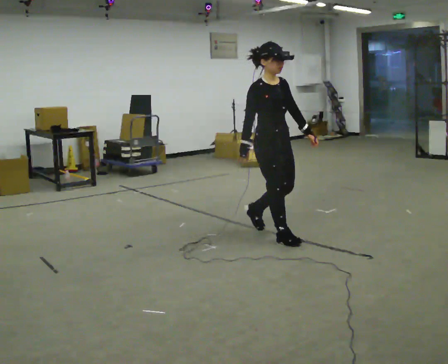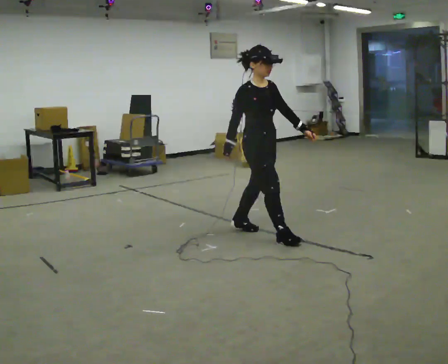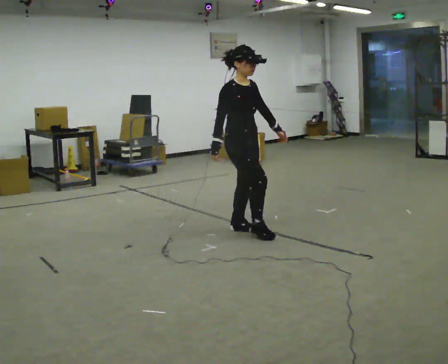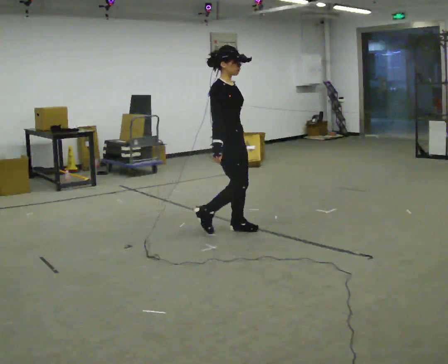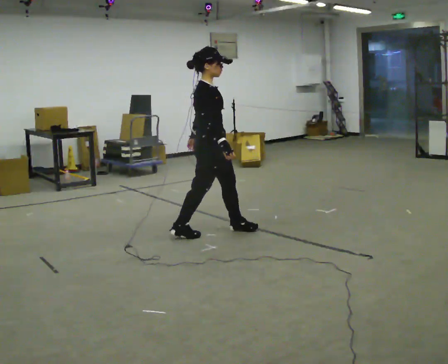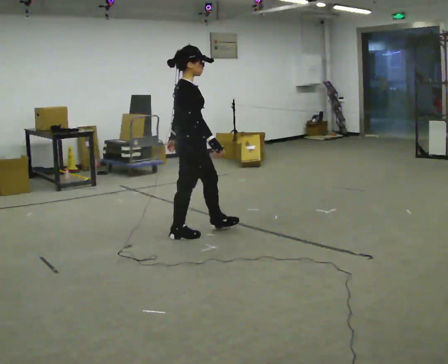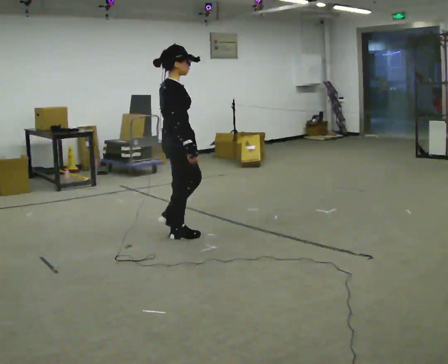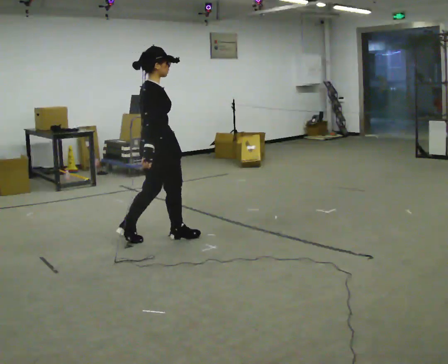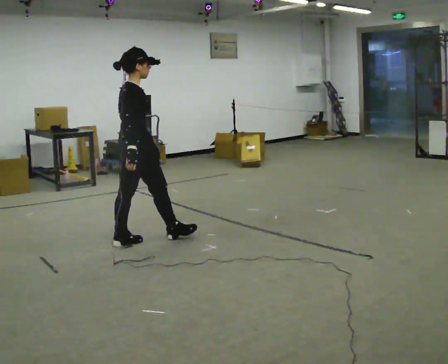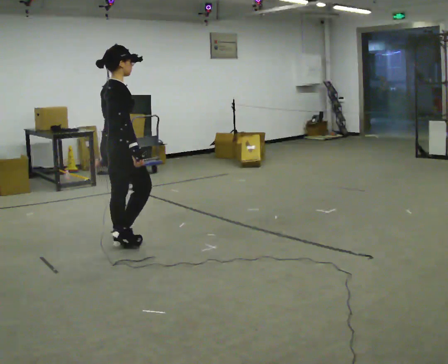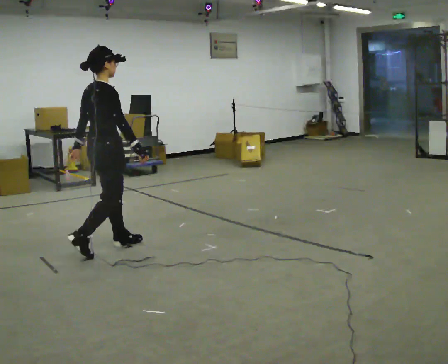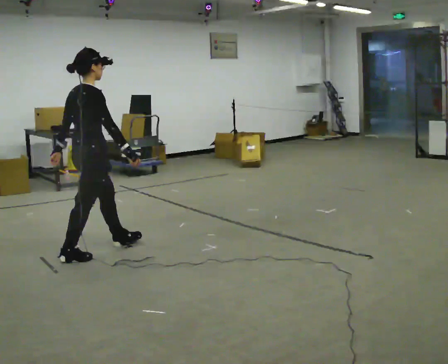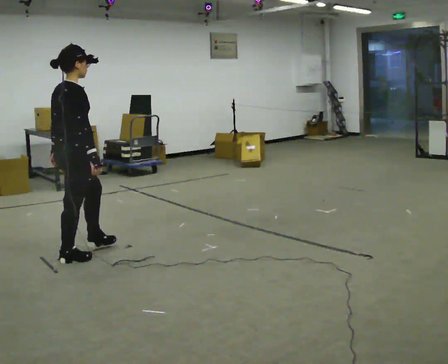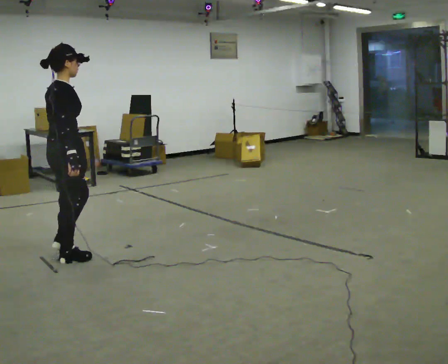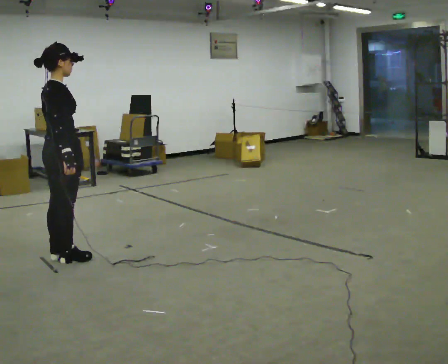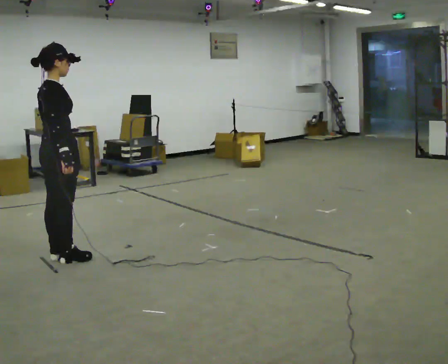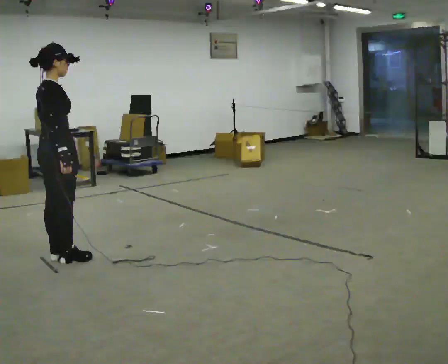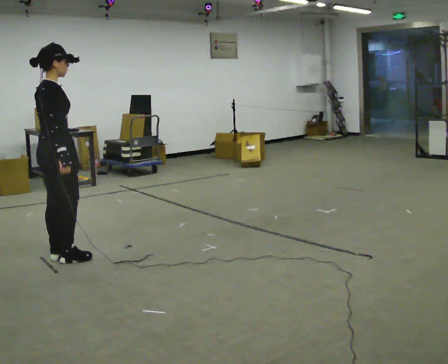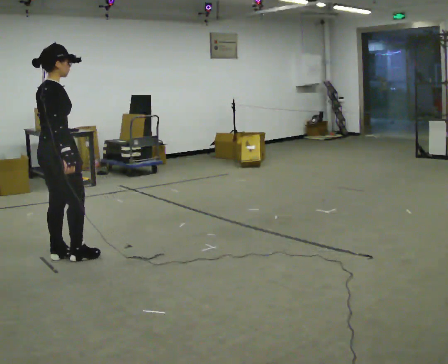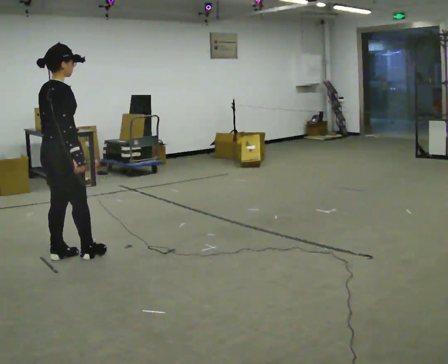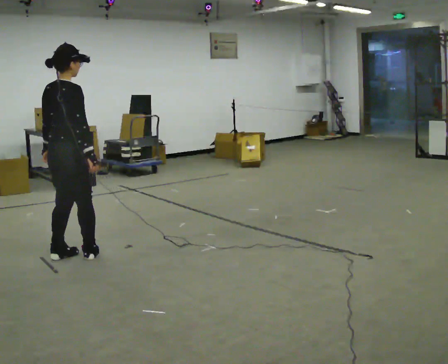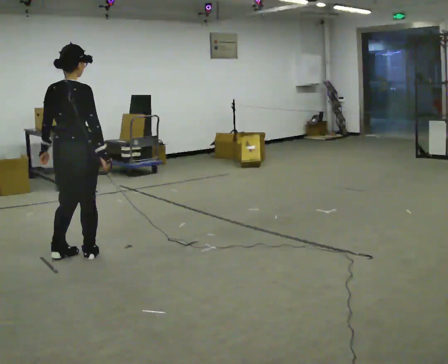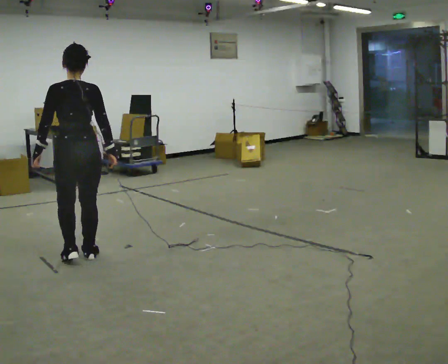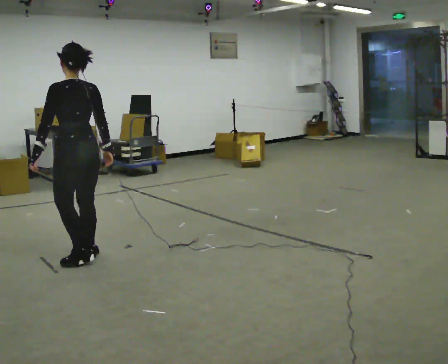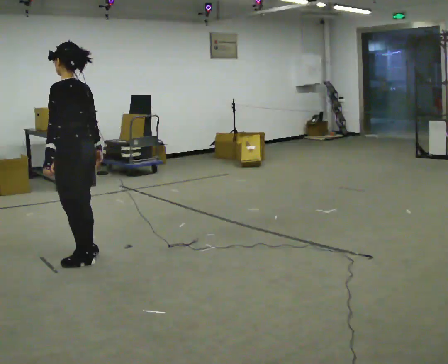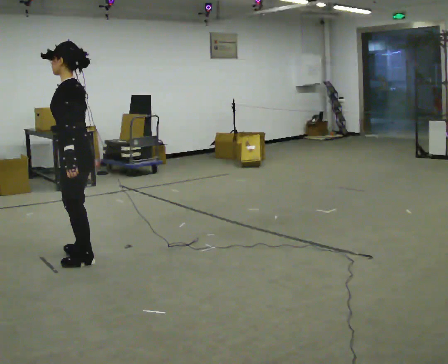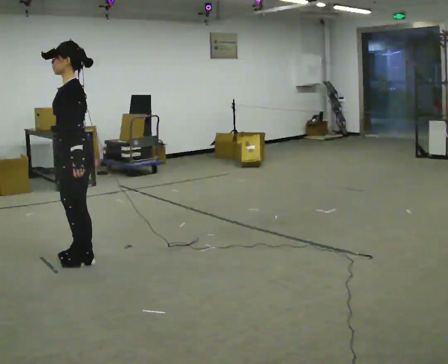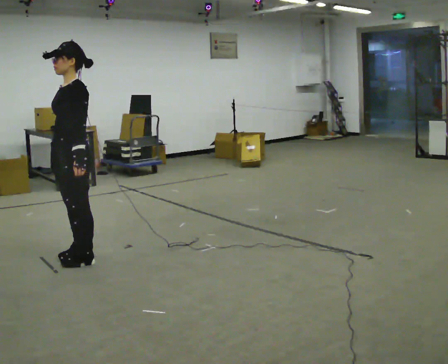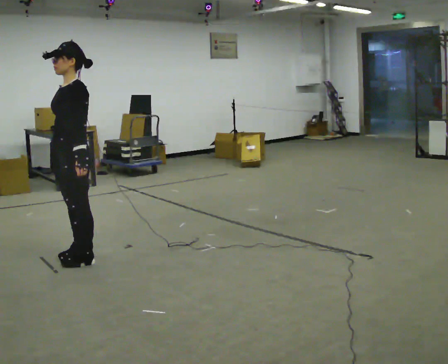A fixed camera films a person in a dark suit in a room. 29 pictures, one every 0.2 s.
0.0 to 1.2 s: The part of the body nearest the lens slides to the right as the person turns to their left by about 60 degrees. In the picture they go to the left and away from the camera, about 1 m in 2 steps.
1.2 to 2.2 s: In the picture they go to the left, about 1 m in 1 step, which for them is backward.
2.2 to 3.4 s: In the picture they go to the left, about 0.25 m in 1 step, which for them is backward.
3.4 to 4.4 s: Seen from above the body turns counterclockwise, about 60 degrees: to their left, with its near side sliding to the right. In the picture they go to the right, about 0.25 m in 2 steps.
4.4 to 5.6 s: The part of the body nearest the lens slides to the right as the person turns to their left by about 120 degrees. In the picture their right hand goes to the left.
The film runs backward here.
